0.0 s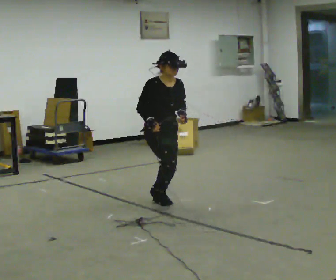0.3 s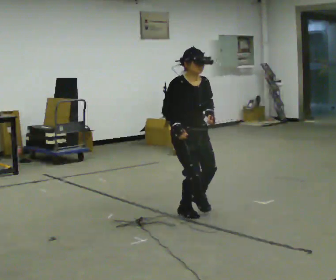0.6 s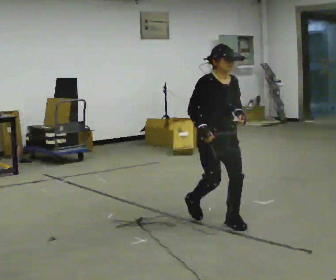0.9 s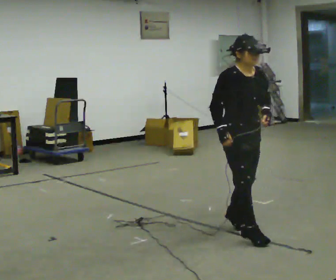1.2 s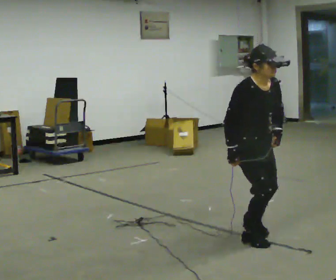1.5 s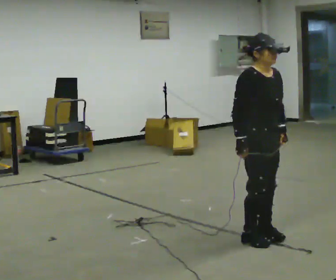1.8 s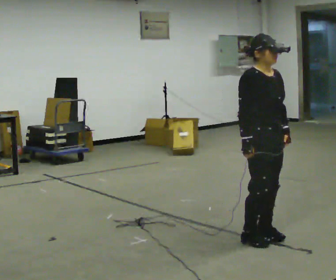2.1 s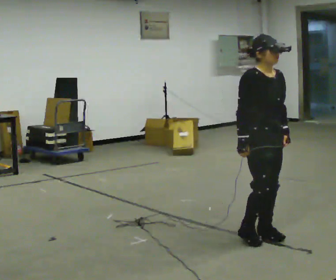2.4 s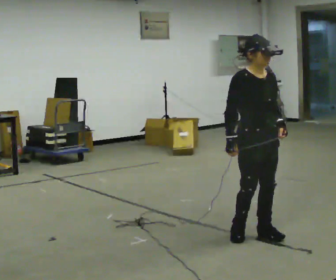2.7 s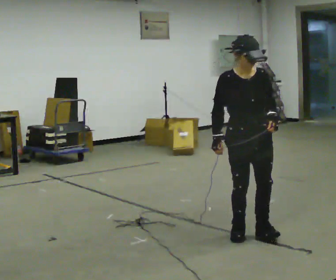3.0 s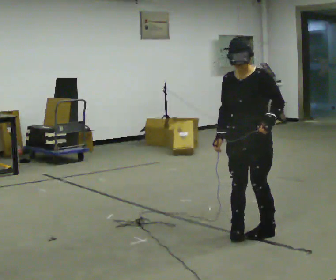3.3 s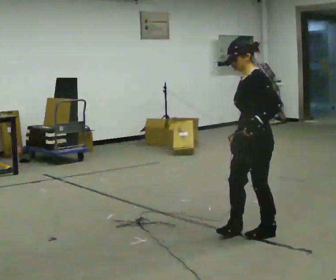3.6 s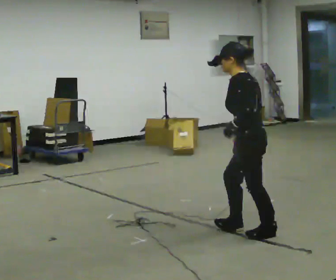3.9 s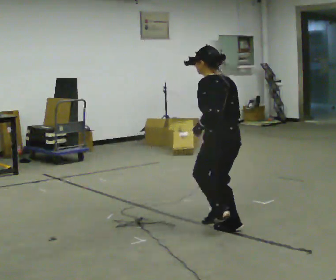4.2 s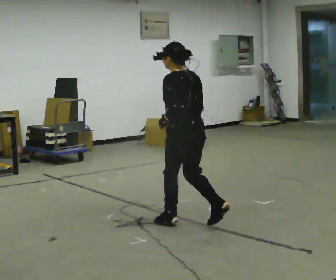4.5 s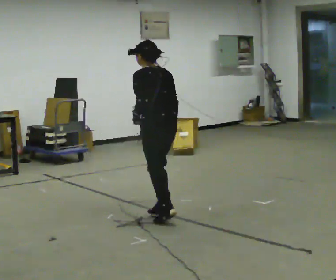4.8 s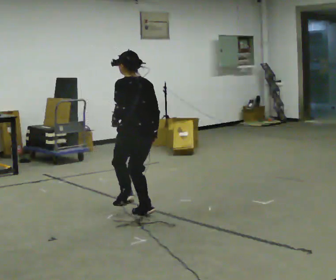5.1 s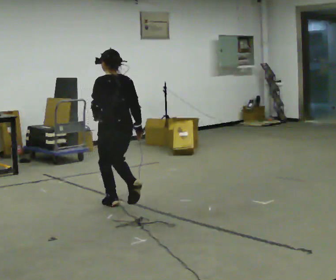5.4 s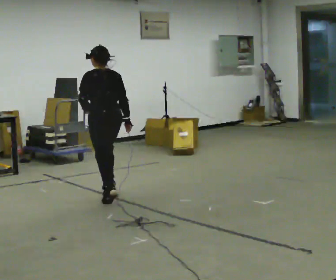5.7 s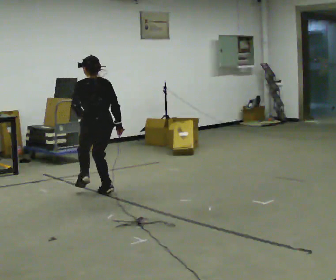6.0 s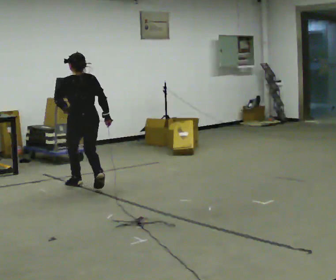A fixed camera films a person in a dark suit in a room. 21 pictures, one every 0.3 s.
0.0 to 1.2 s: In the picture they go toward the camera and to the right, about 1.5 m in 3 steps, which for them is forward.
1.2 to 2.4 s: The person moves a little, or ends about where they began.
2.4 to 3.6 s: The part of the body nearest the lens slides to the left as the person turns to their right by about 135 degrees. In the picture their left hand goes to the left.
3.6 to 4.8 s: The part of the body nearest the lens slides to the left as the person turns to their right by about 30 degrees. In the picture they go to the left and away from the camera, about 1 m in 3 steps, which for them is forward.
4.8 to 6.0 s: In the picture they go away from the camera and to the left, about 1 m in 3 steps, which for them is forward.
The film runs backward here.
